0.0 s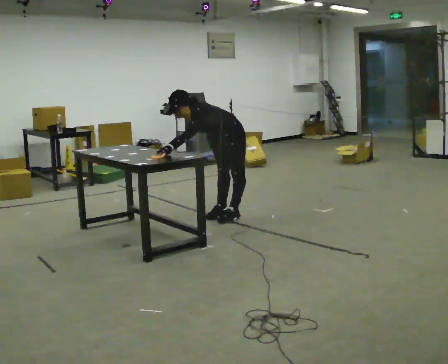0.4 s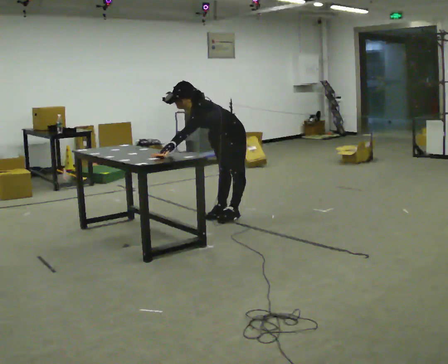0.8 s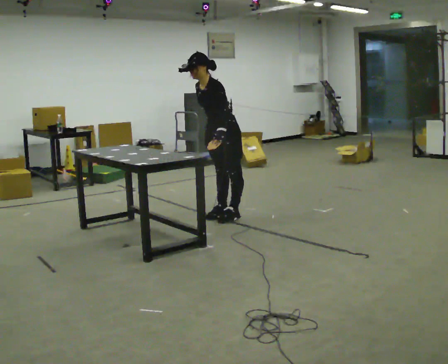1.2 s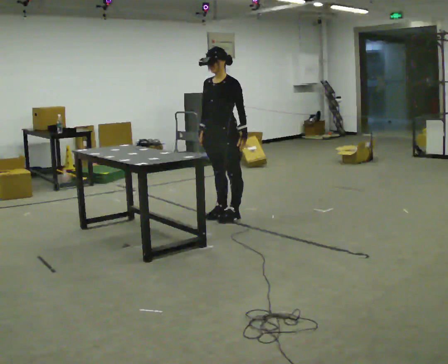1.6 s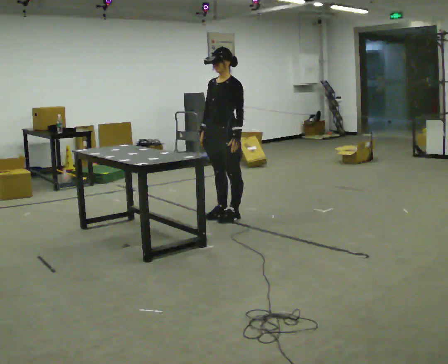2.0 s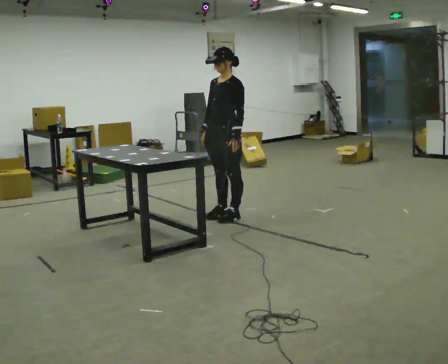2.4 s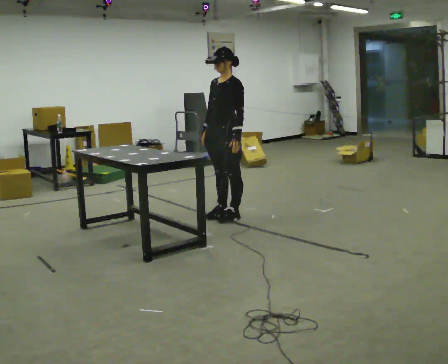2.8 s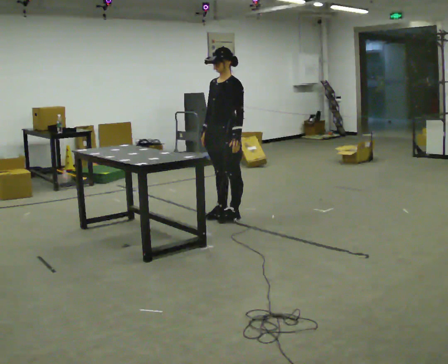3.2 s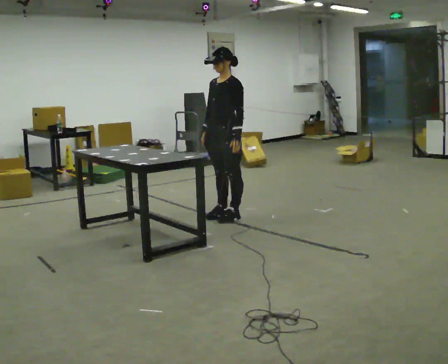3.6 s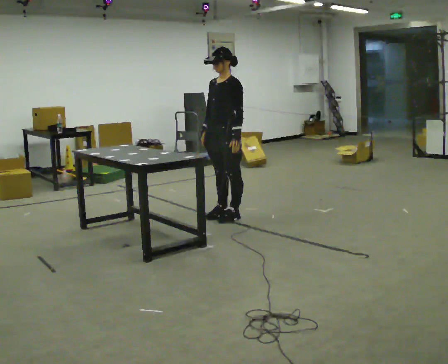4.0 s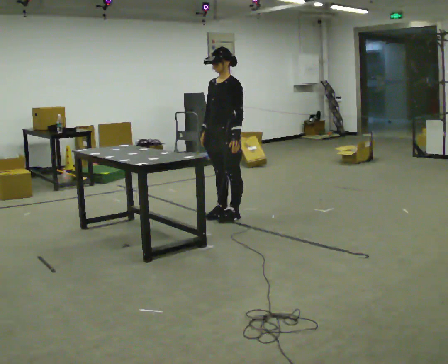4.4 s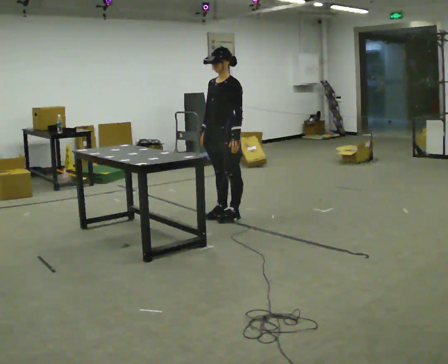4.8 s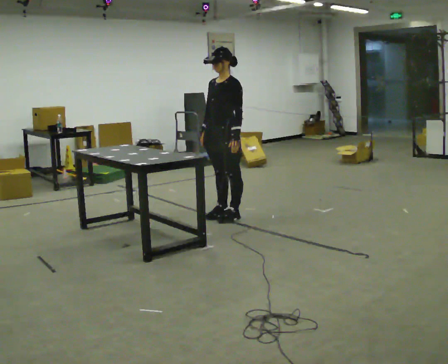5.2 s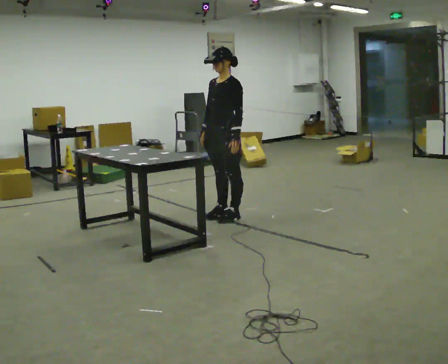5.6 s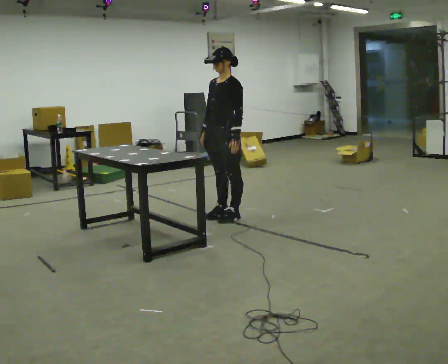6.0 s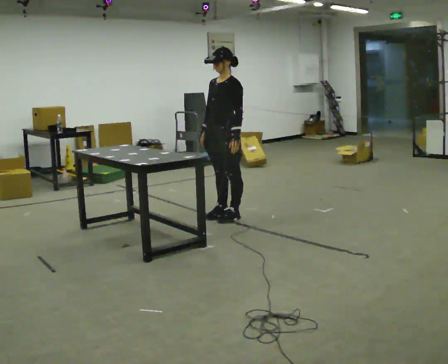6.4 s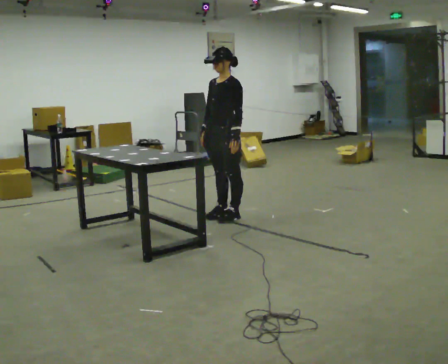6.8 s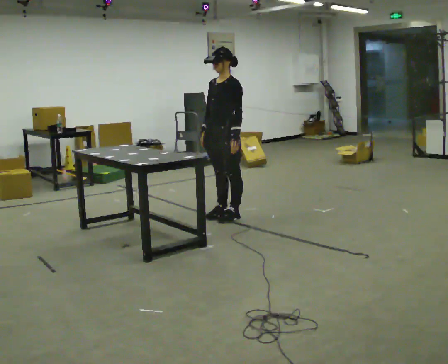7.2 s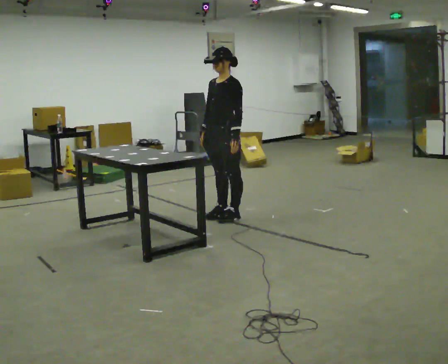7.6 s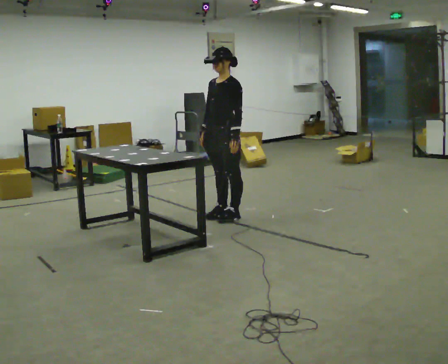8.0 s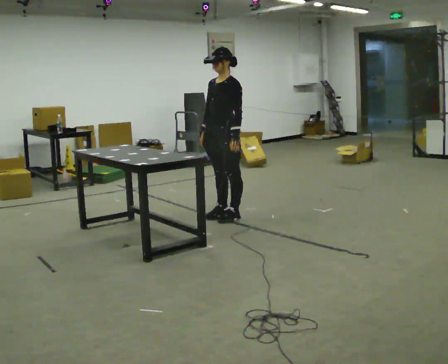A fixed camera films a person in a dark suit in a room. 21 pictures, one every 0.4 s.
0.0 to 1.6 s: The upper body goes upward. In the picture the upper body tilts clockwise, shoulders to the right, as they lean back or straighten.
1.6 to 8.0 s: The person keeps their place and pose.
The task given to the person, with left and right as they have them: Touch each numbered target on the board in front of you in the order the operator calls. Keep both feet on the marked spots for the whole take. If you have to step, stop and tell the operator.
The film runs forward here.
